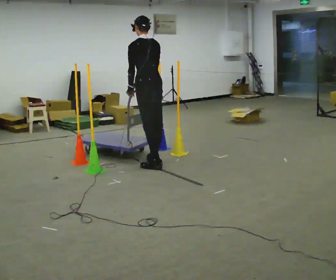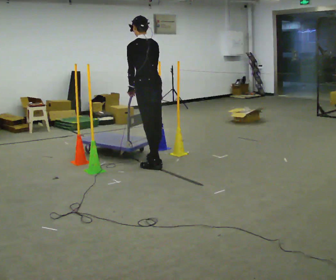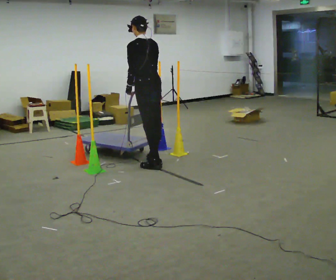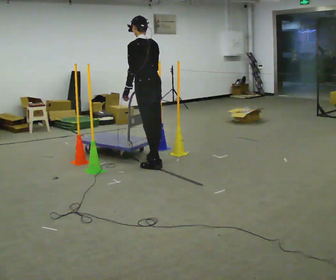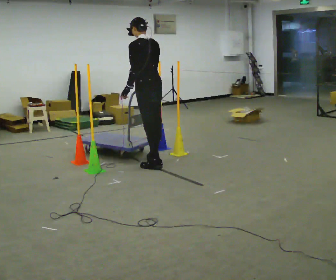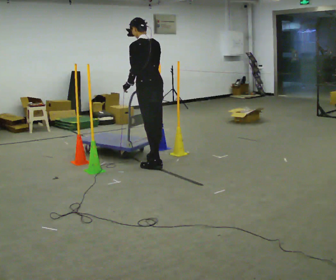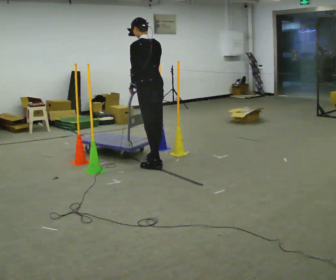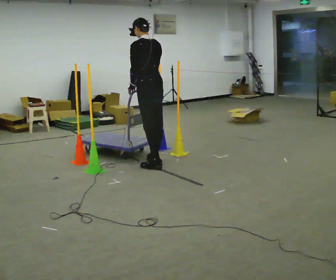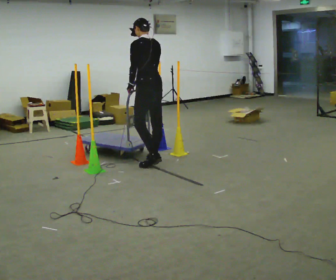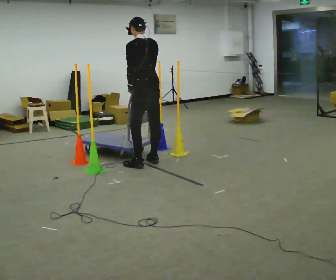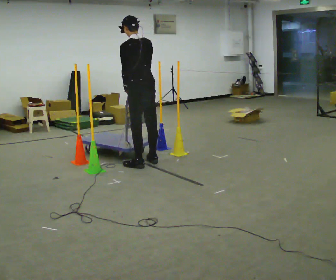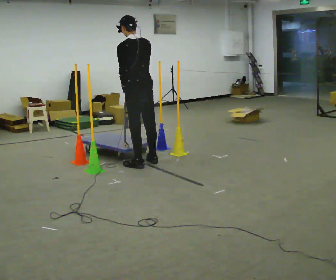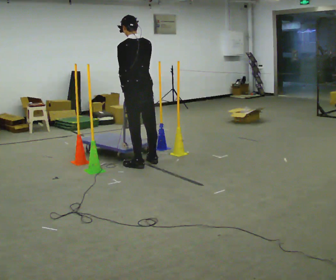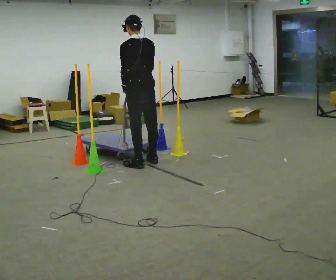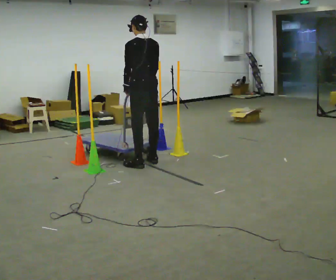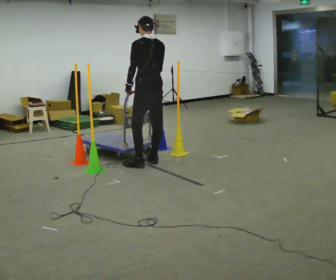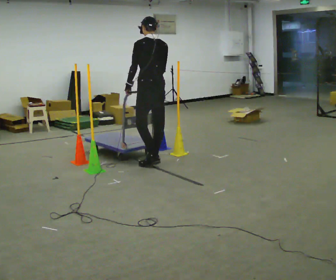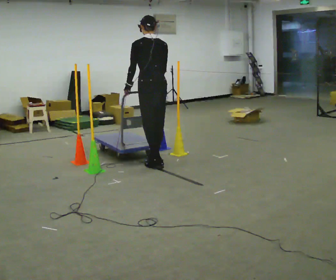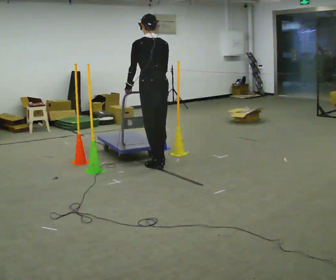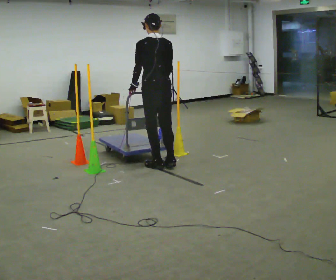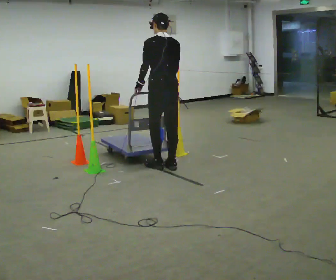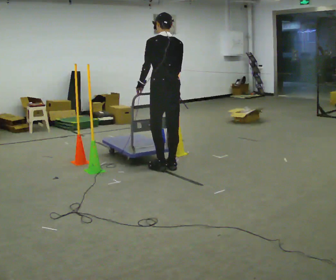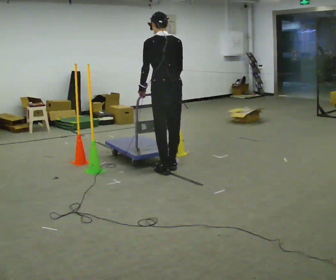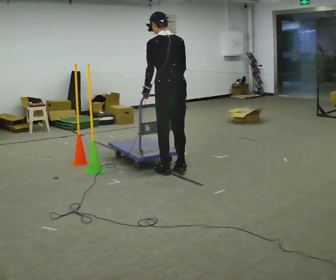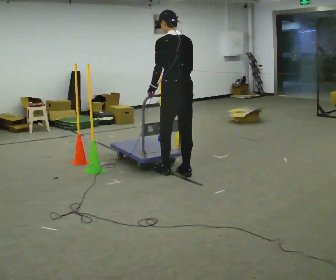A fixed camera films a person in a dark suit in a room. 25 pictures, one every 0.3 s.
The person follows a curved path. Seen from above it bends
clockwise.
0.0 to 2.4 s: The person moves a little, or ends about where they began.
2.4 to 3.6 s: In the picture they go toward the camera, about 0.25 m in 1 step, which for them is to their left.
3.6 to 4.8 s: The person moves a little, or ends about where they began.
4.8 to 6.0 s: In the picture they go toward the camera, about 0.25 m in 2 steps, which for them is backward.
6.0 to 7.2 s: In the picture they go toward the camera, about 0.25 m in 2 steps, which for them is backward.
The film runs forward here.
